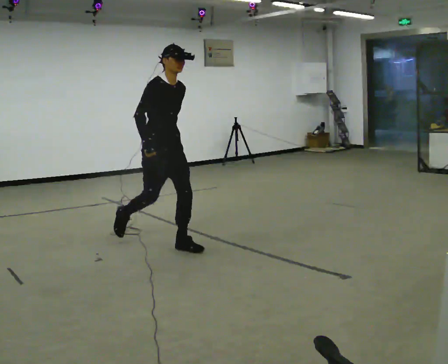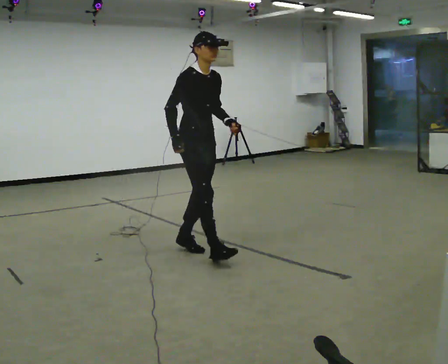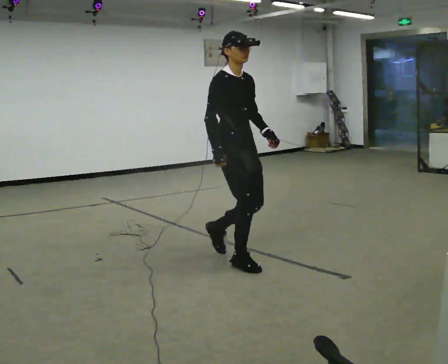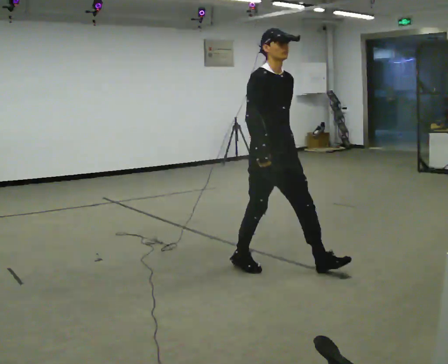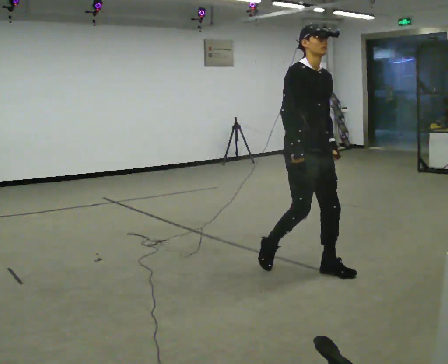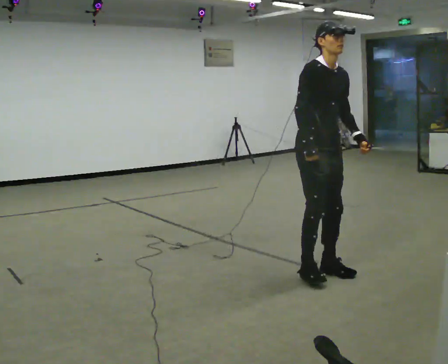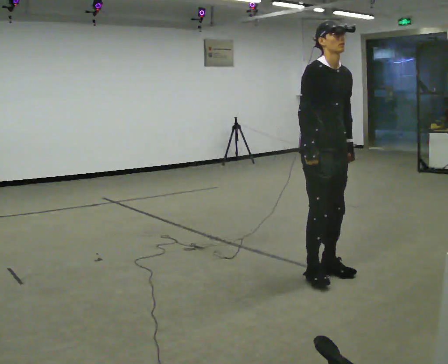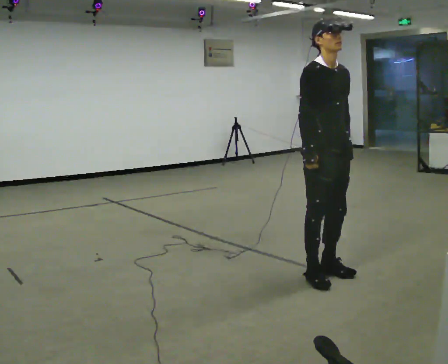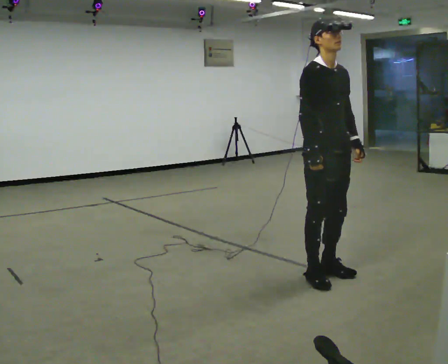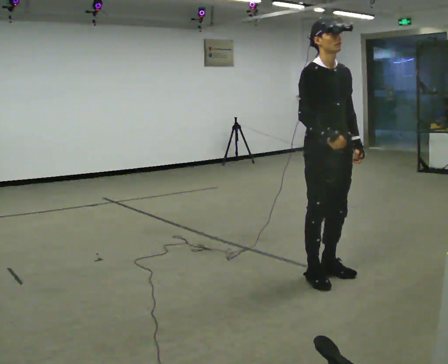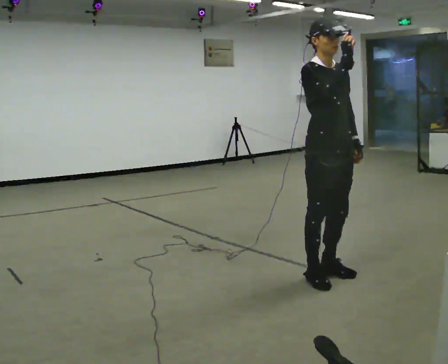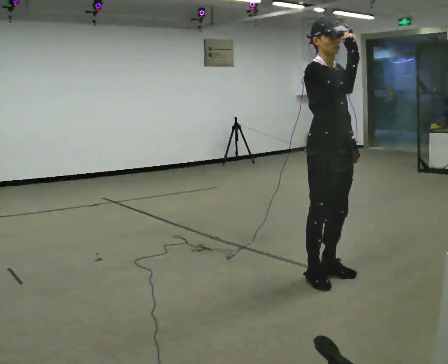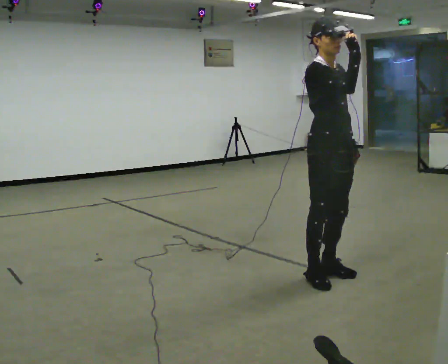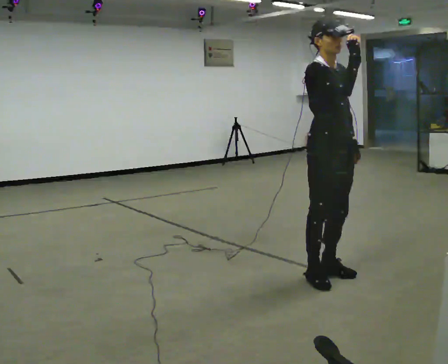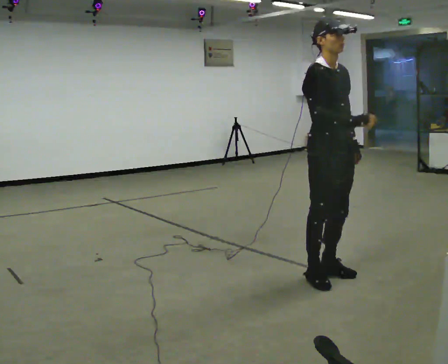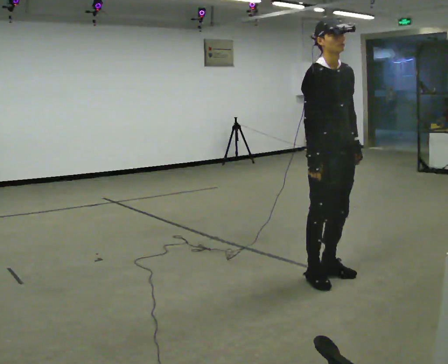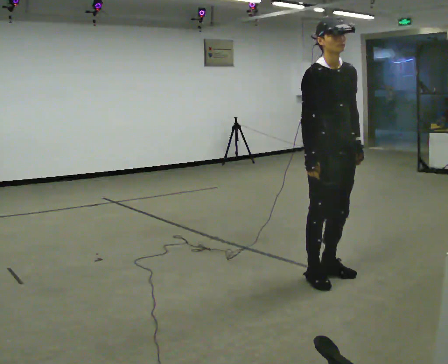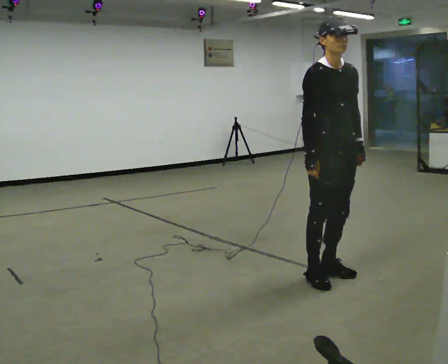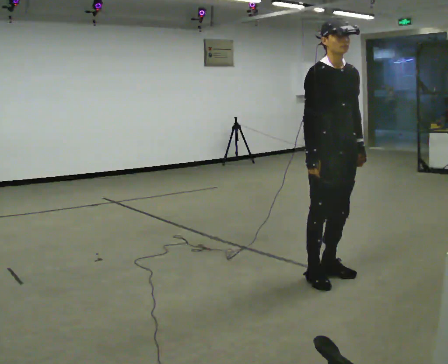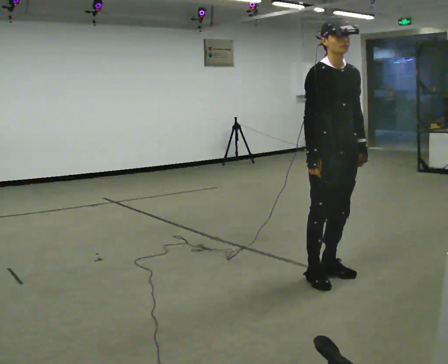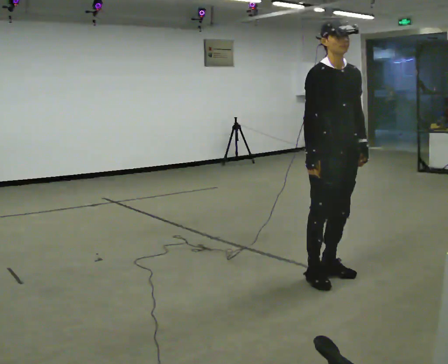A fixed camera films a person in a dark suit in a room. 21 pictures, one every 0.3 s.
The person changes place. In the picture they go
to the right.
0.0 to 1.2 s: In the picture they go to the right and toward the camera, about 1.5 m in 2 steps, which for them is forward.
1.2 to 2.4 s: The person moves a little, or ends about where they began.
2.4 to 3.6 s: In the picture their right hand goes upward.
3.6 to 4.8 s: In the picture their right hand goes downward.
4.8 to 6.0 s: The person moves a little, or ends about where they began.
The film runs forward here.
